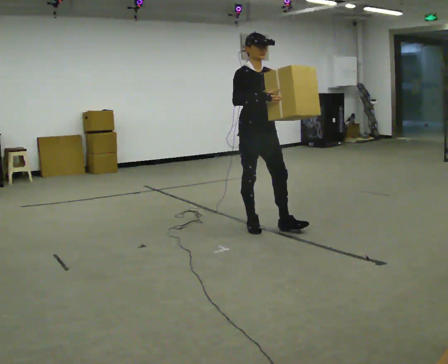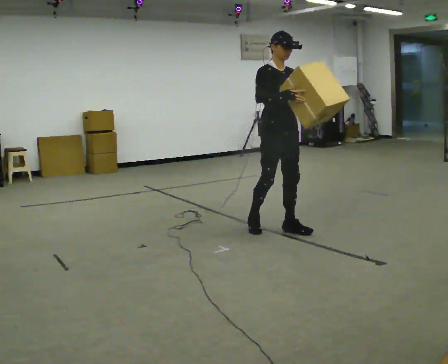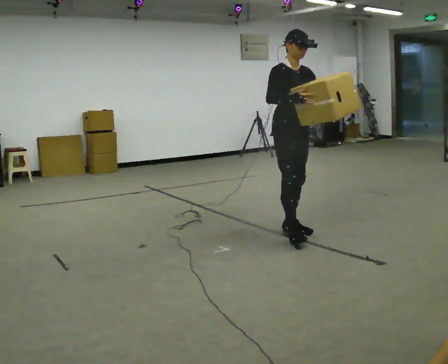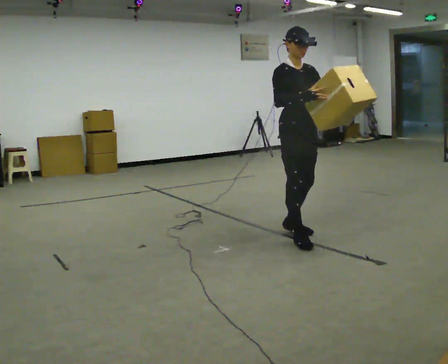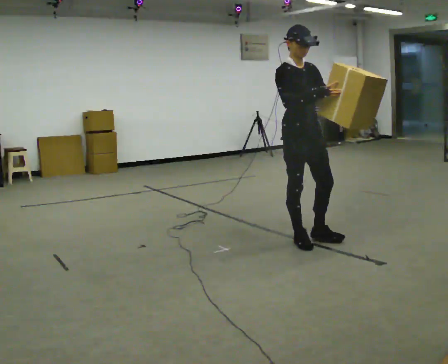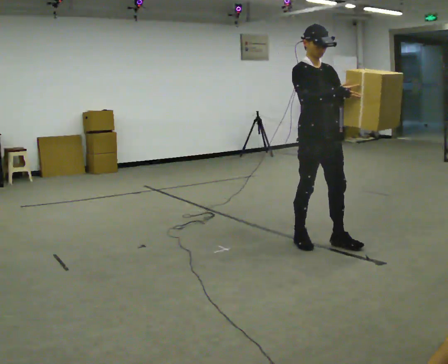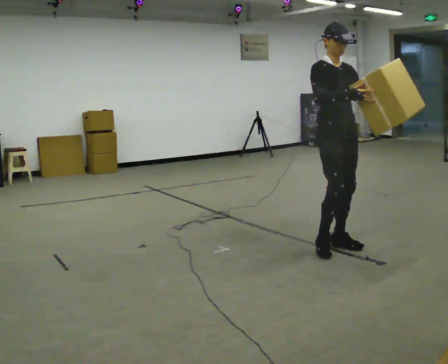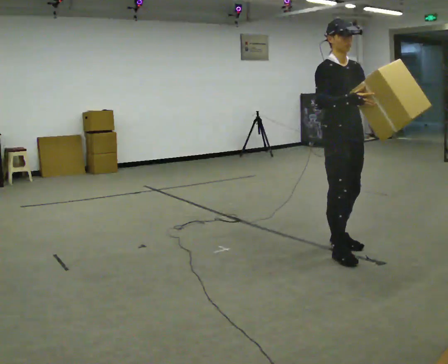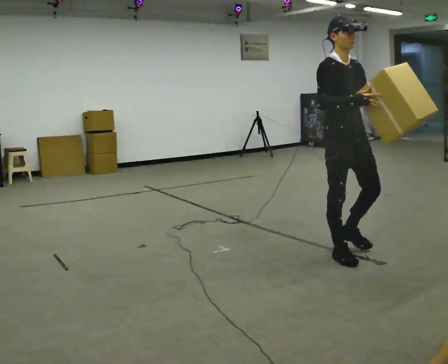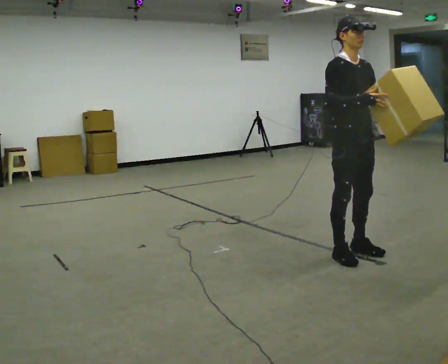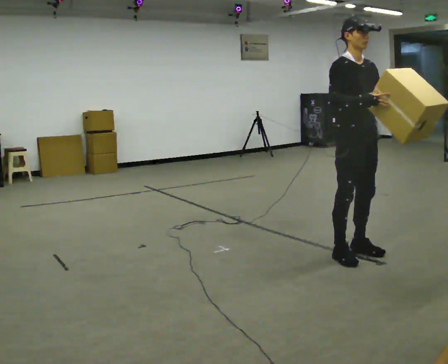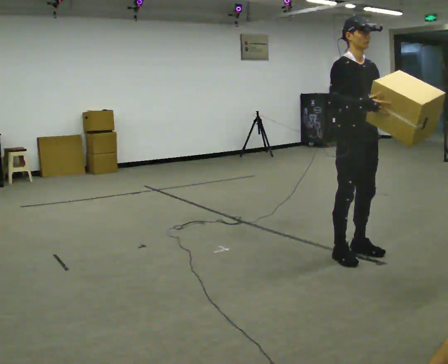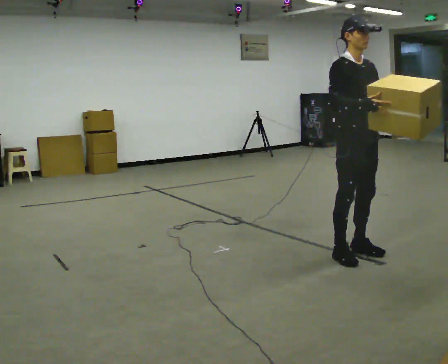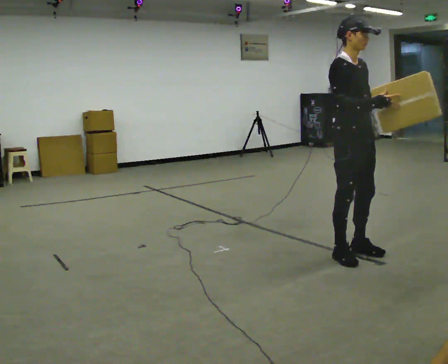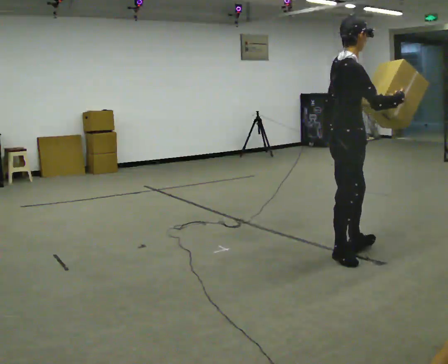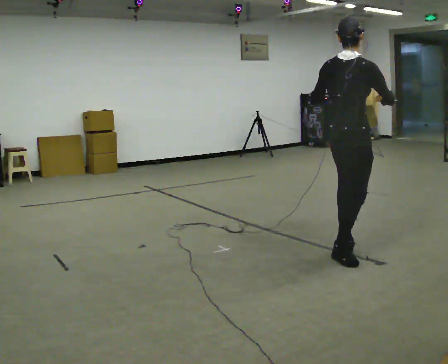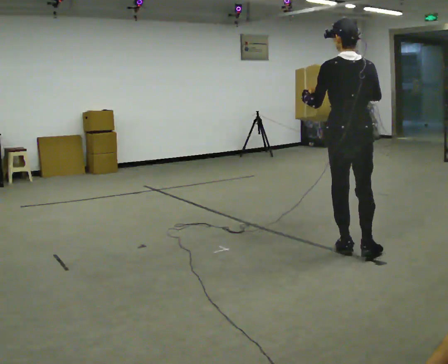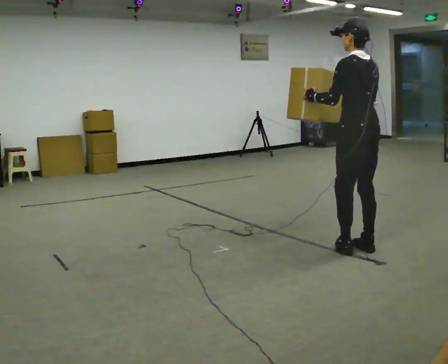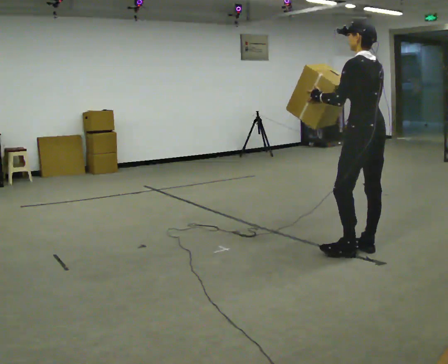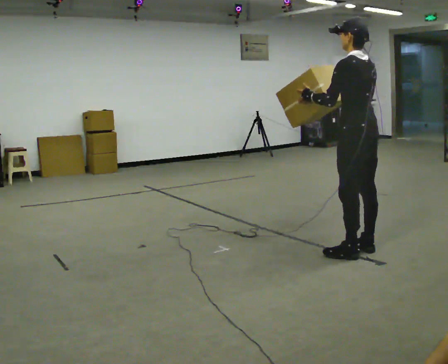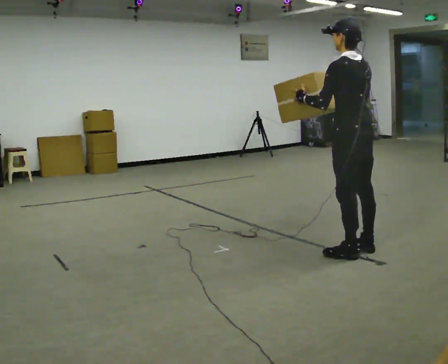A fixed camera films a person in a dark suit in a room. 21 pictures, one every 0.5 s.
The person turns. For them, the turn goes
to their left.
The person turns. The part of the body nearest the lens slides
to the right.
0.0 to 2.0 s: In the picture they go to the right and toward the camera, about 0.5 m in 2 steps, which for them is forward.
2.0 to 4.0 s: In the picture they go to the right and toward the camera, about 0.5 m in 2 steps, which for them is forward.
4.0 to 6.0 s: The person moves a little, or ends about where they began.
6.0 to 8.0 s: The part of the body nearest the lens slides to the right as the person turns to their left by about 150 degrees.
8.0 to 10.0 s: The part of the body nearest the lens slides to the right as the person turns to their left by about 30 degrees.
The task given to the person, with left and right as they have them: Carry the object and, while walking, turn it over in your hands to look at all sides of it. Keep turning it as you walk.
The film runs forward here.
